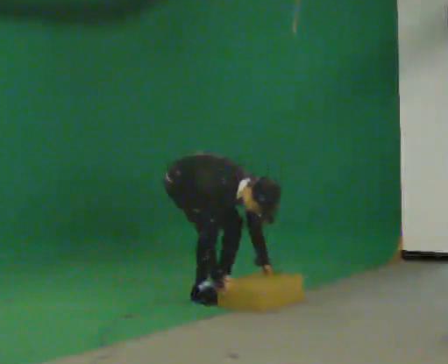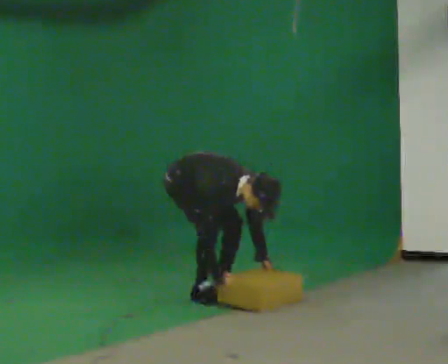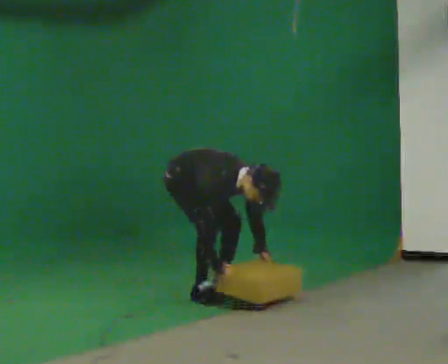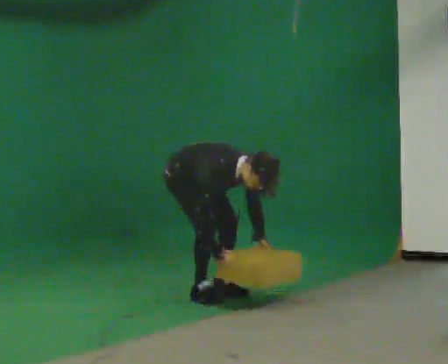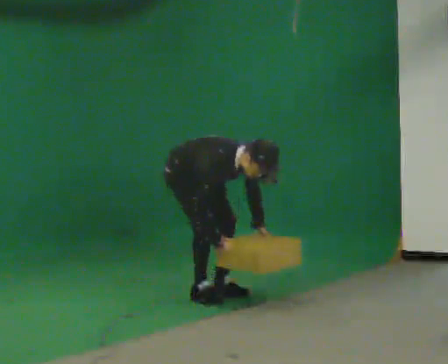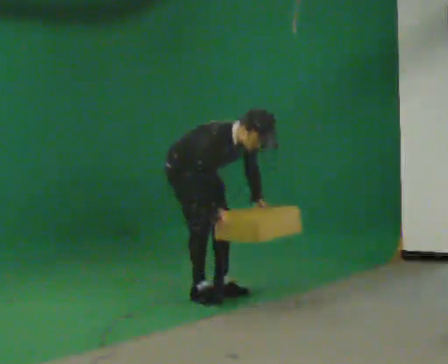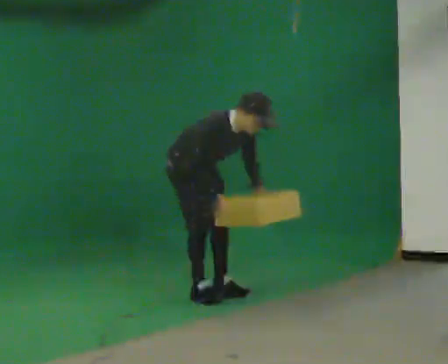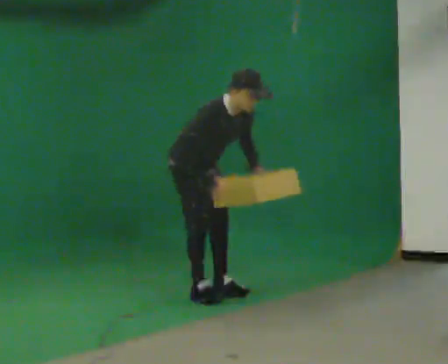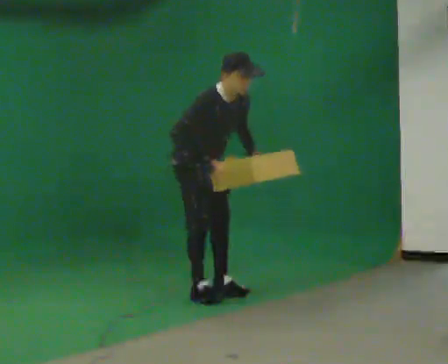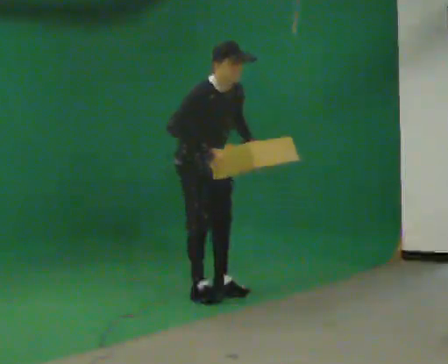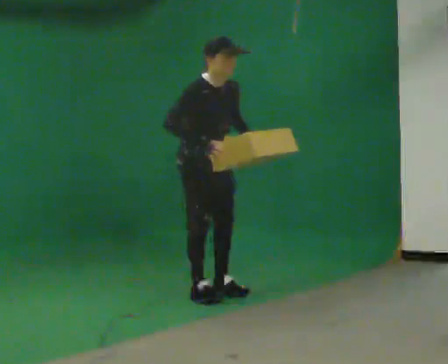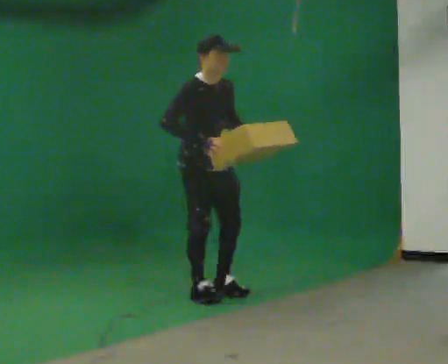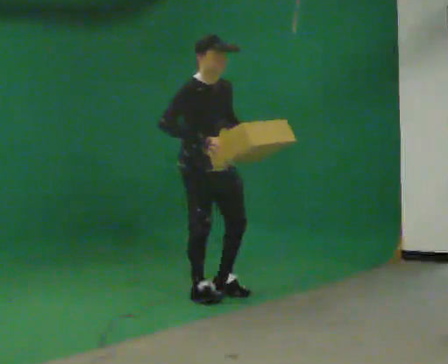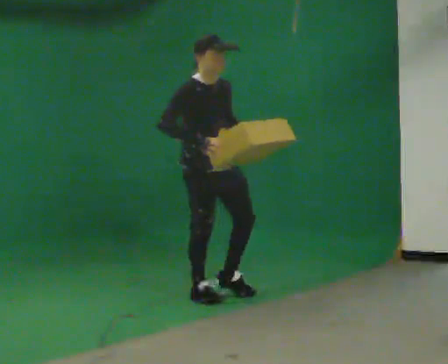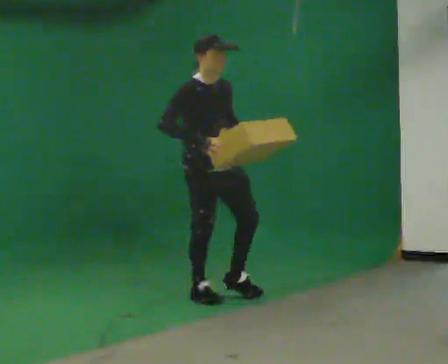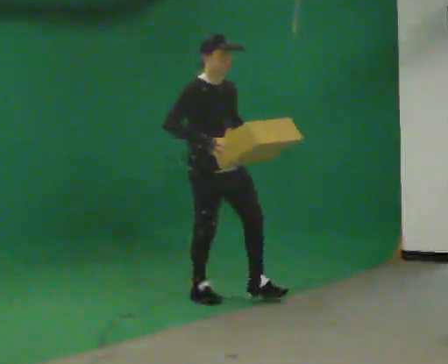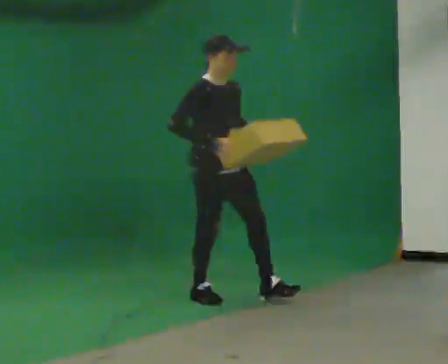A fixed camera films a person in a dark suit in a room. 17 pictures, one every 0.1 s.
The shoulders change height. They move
upward.
The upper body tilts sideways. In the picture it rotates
counterclockwise.
0.0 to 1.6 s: In the picture they go toward the camera and to the right, about 0.25 m, which for them is forward. The upper body goes upward. In the picture the upper body tilts counterclockwise, shoulders to the left, as they lean back or straighten. In the picture their right hand goes upward.
The film runs forward here.
